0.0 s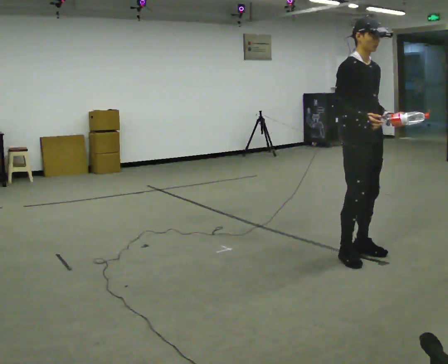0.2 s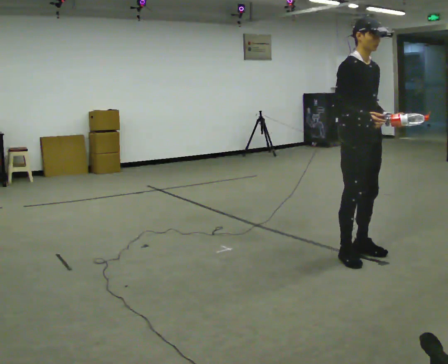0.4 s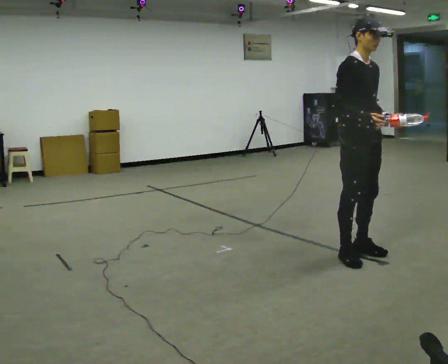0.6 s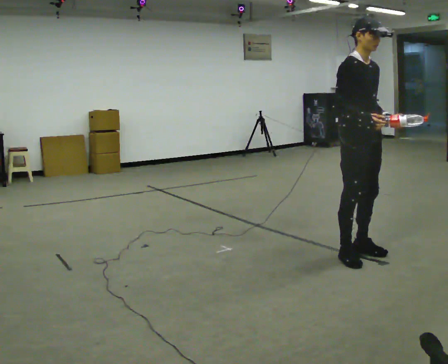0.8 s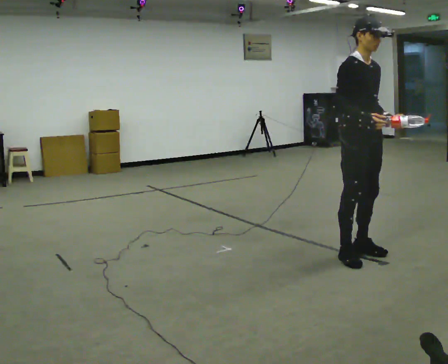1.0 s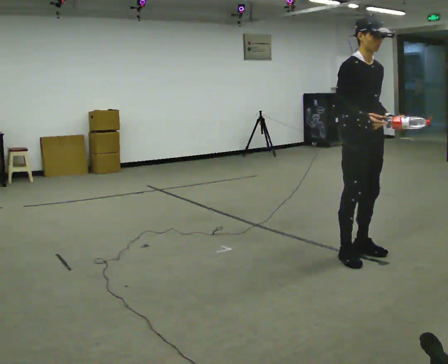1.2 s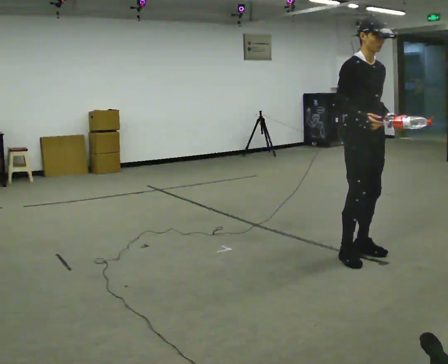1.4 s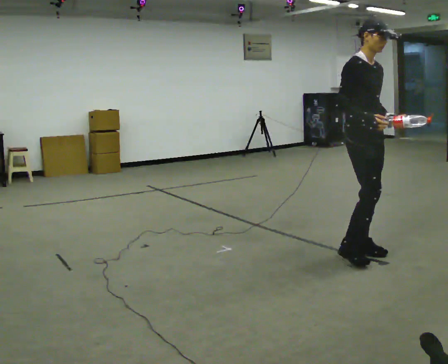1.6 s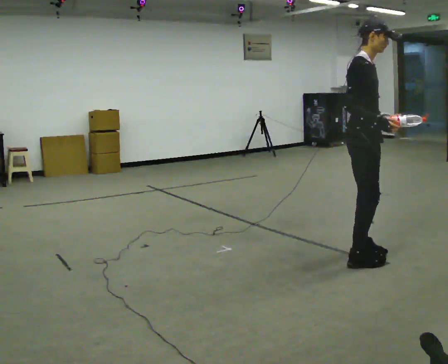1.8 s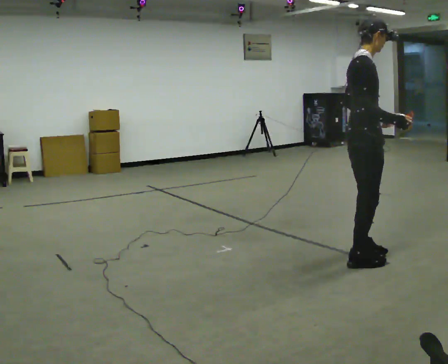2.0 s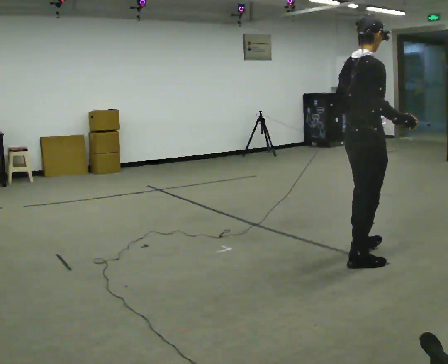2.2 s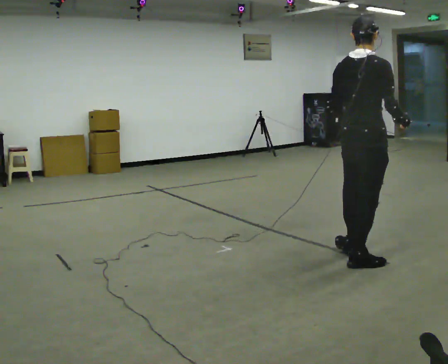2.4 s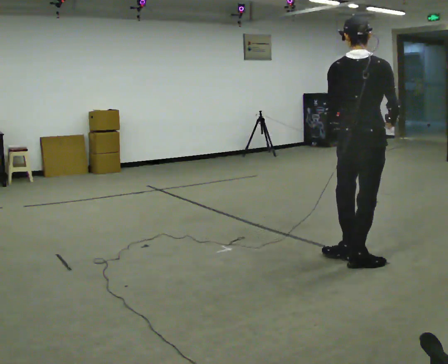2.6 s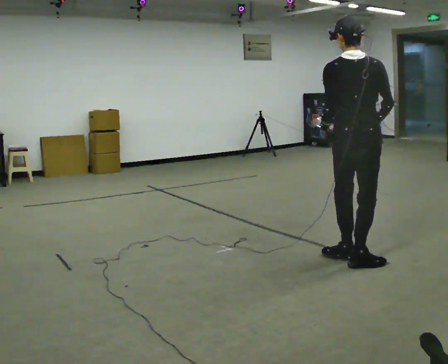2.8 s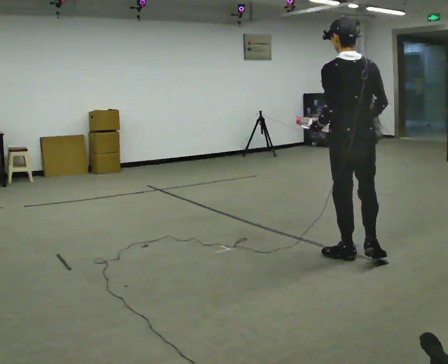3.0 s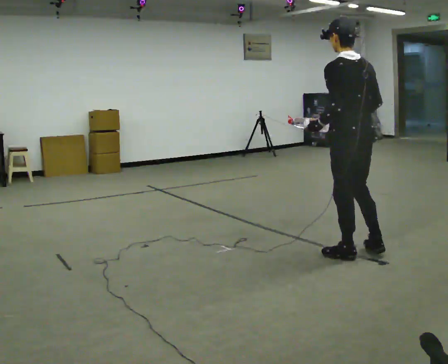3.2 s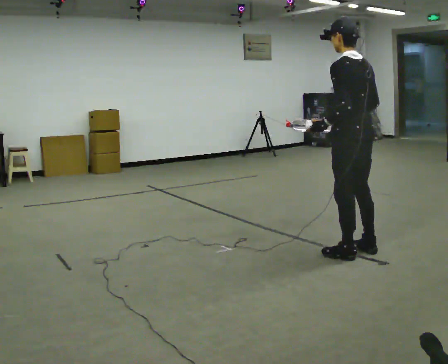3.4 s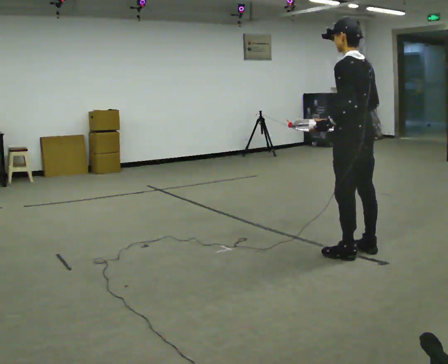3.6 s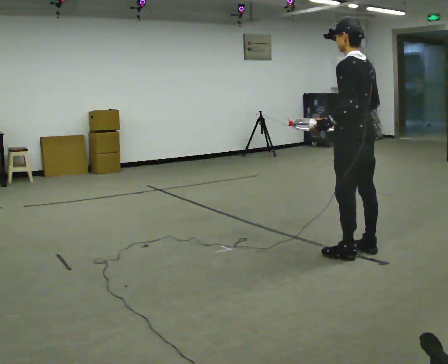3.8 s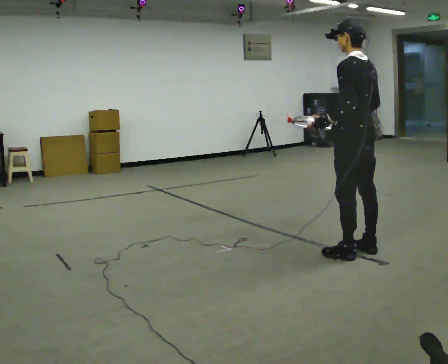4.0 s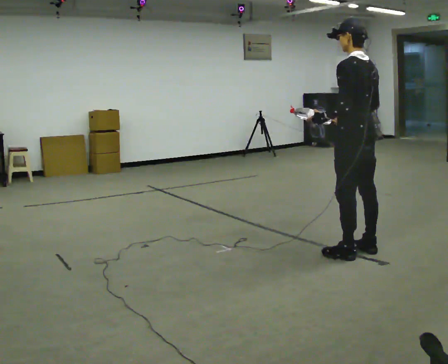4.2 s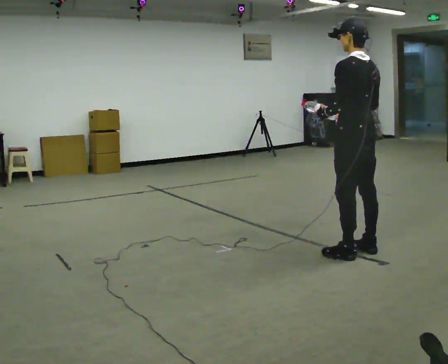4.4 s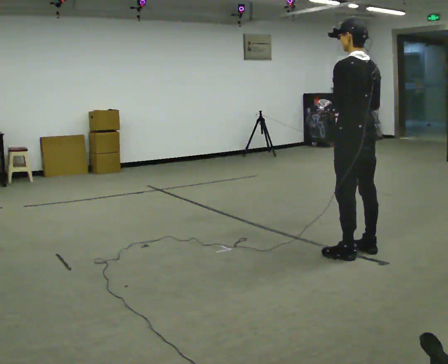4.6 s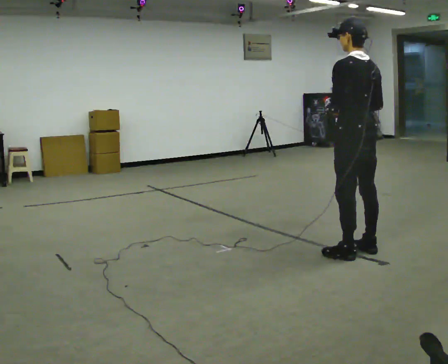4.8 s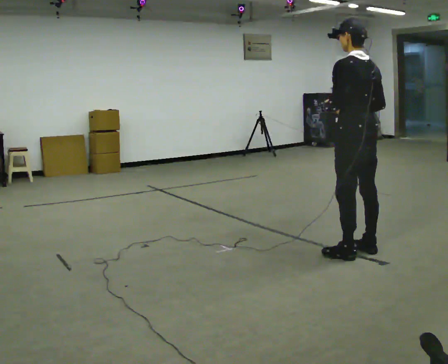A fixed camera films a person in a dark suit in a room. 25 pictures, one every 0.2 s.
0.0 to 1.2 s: The person moves a little, or ends about where they began.
1.2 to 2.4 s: Seen from above the body turns counterclockwise, about 120 degrees: to their left, with its near side sliding to the right. In the picture they go toward the camera, about 0.25 m in 1 step.
2.4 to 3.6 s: The person turns about 60 degrees to their left, counterclockwise seen from above, so the part of the body nearest the lens slides to the right. In the picture they go away from the camera, about 0.25 m in 1 step. In the picture their right hand goes to the left.
3.6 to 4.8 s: The person moves a little, or ends about where they began.
The film runs forward here.
